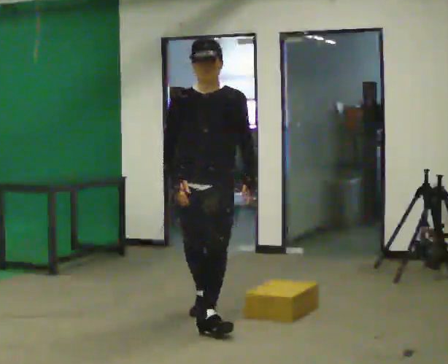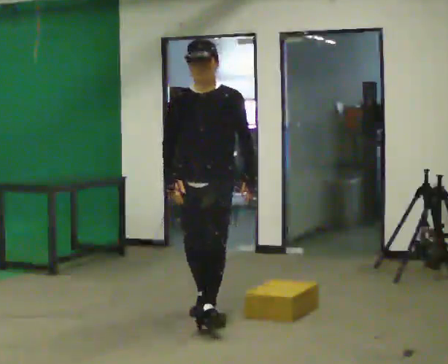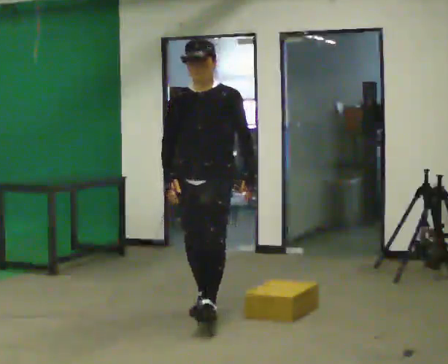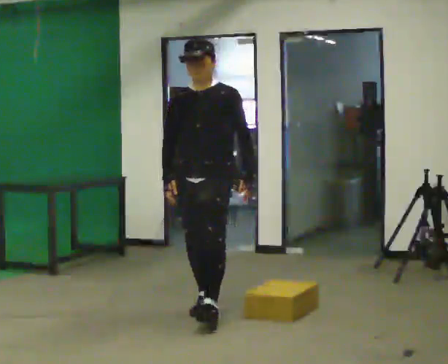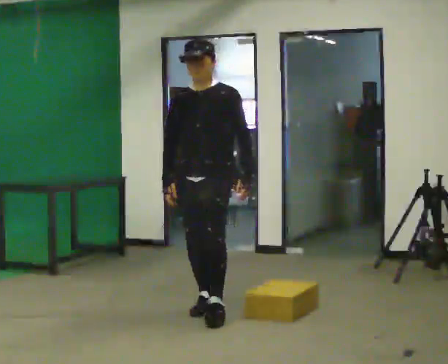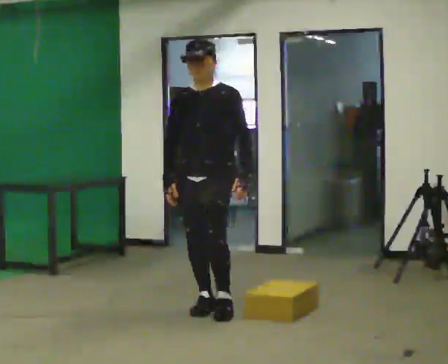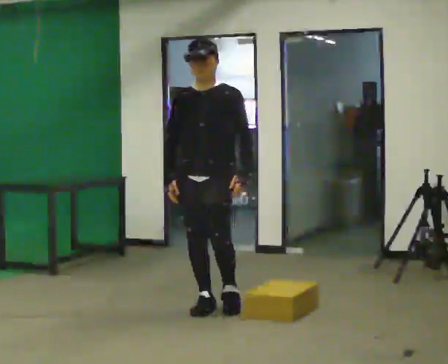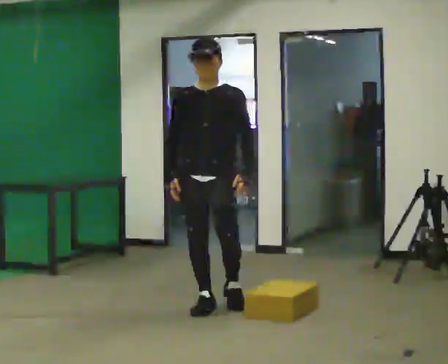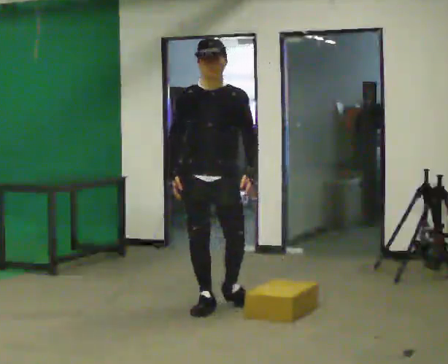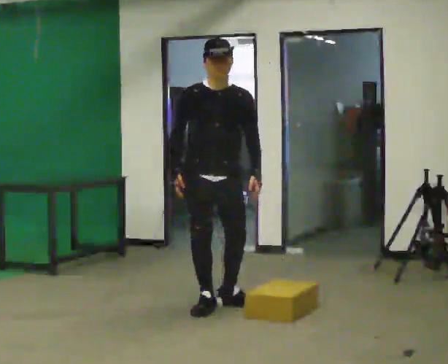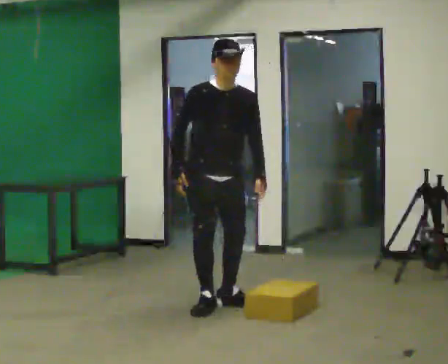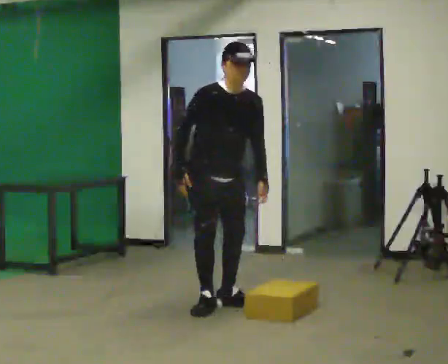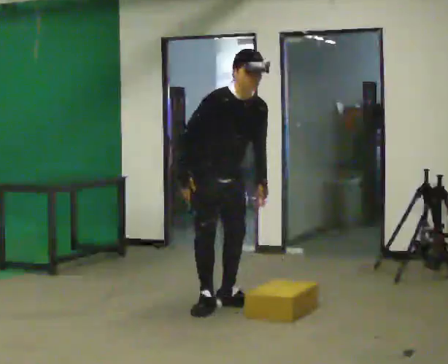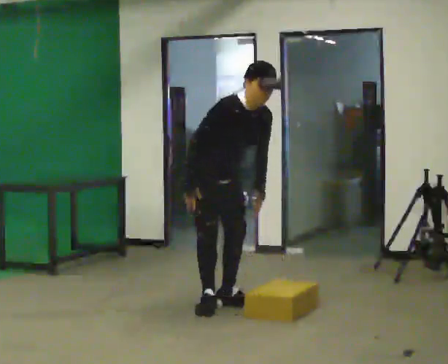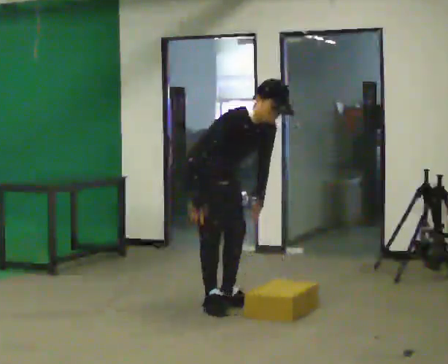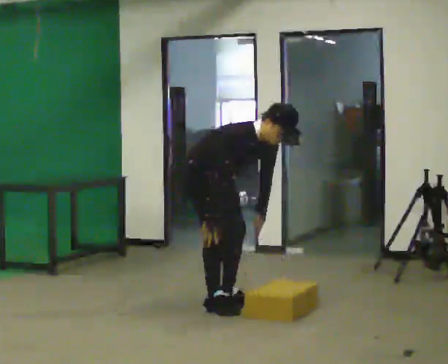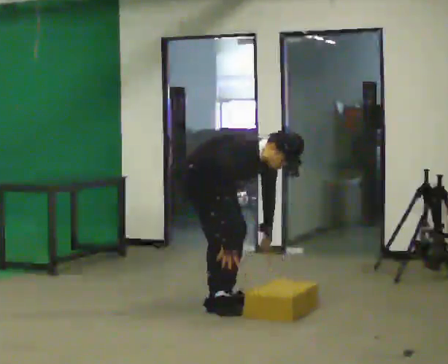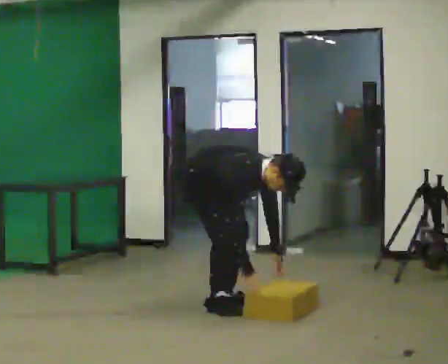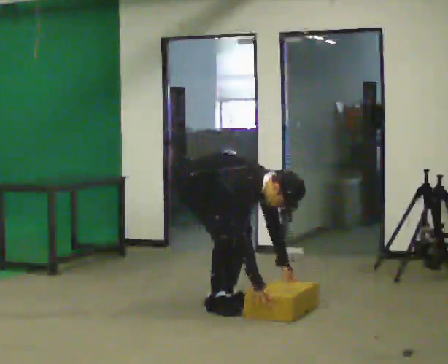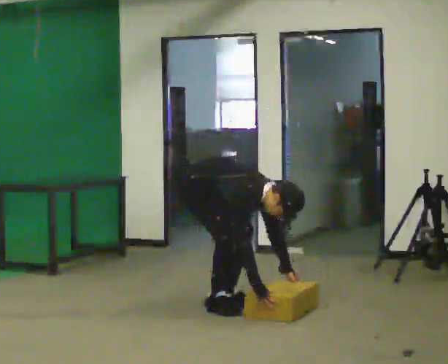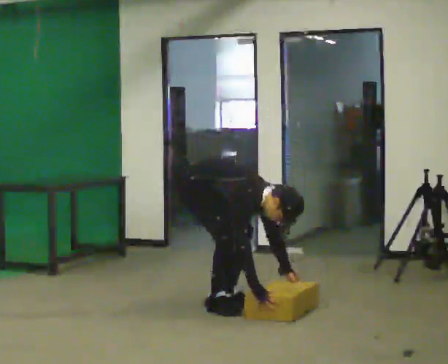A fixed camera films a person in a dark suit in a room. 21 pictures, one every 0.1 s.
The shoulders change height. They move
downward.
Their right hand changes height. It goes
downward.
0.0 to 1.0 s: In the picture they go away from the camera, about 0.5 m in 1 step, which for them is backward.
1.0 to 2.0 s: The person turns about 45 degrees to their left, counterclockwise seen from above, so the part of the body nearest the lens slides to the right. The shoulders move downward. In the picture the upper body tilts clockwise, shoulders to the right, as they bend forward. In the picture their right hand goes downward and to the right.
The film runs backward here.
